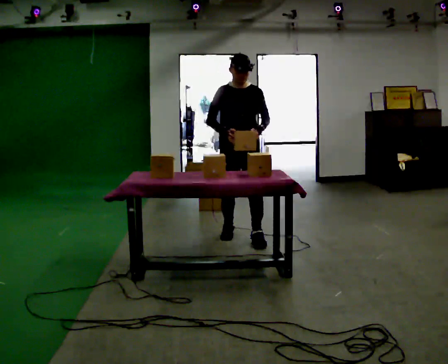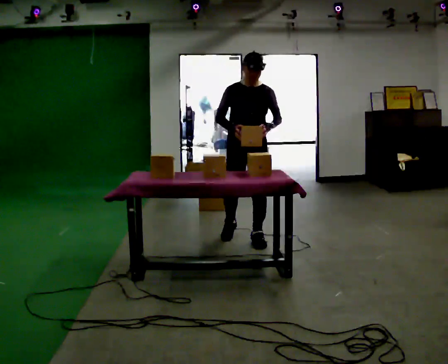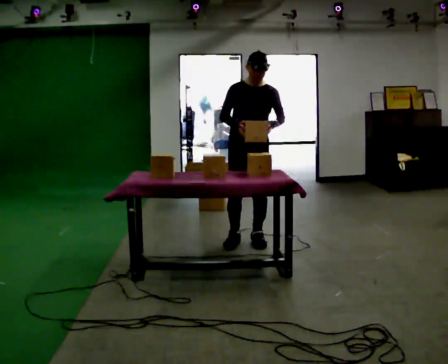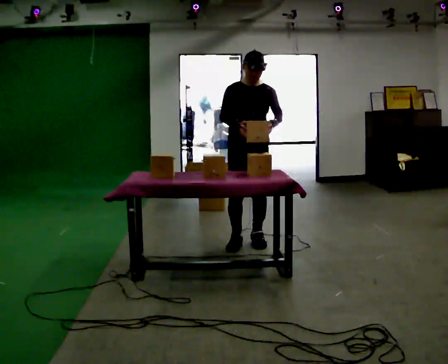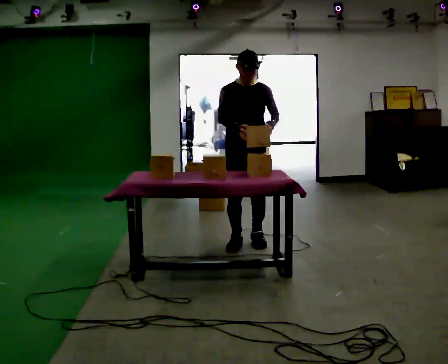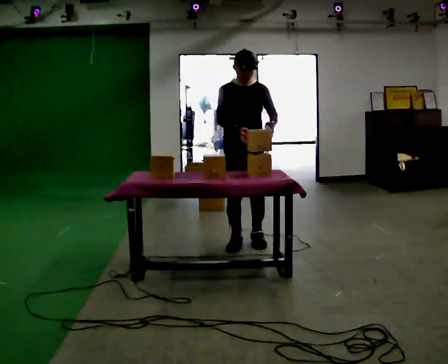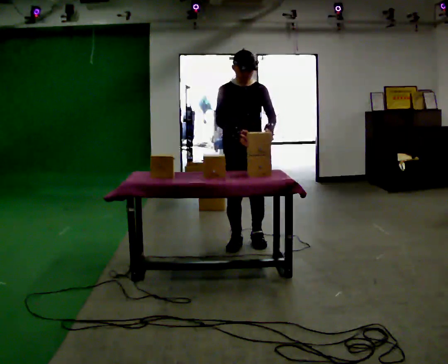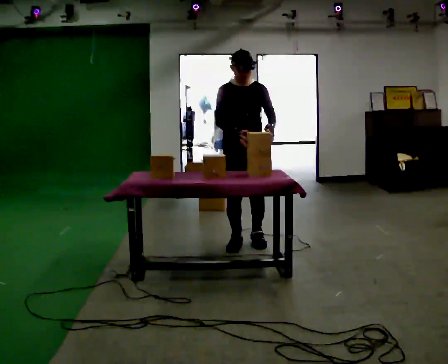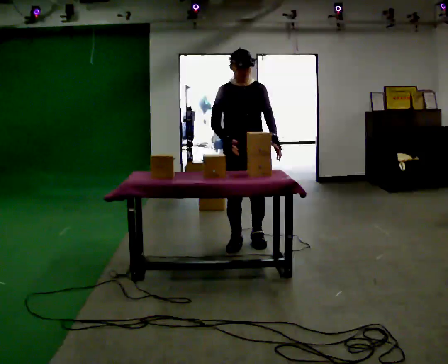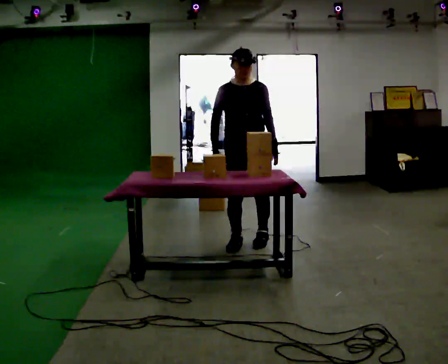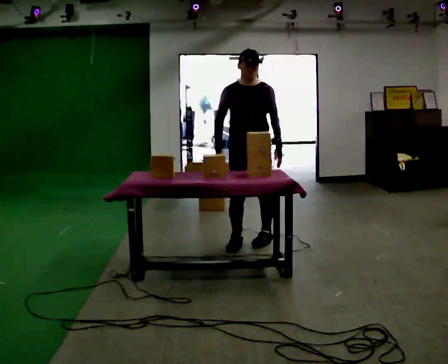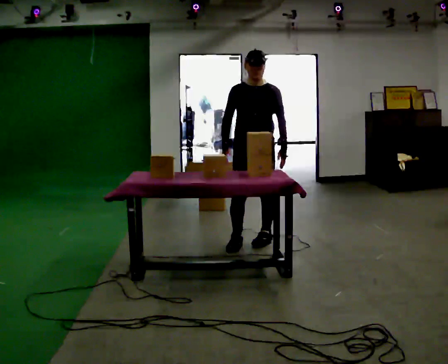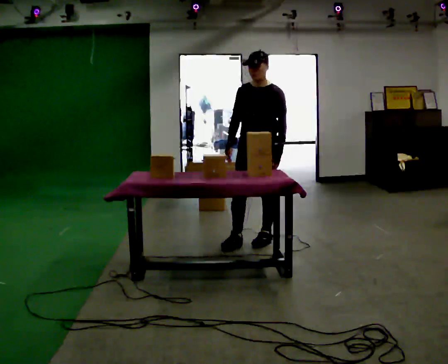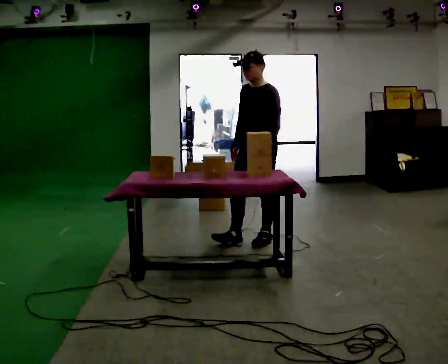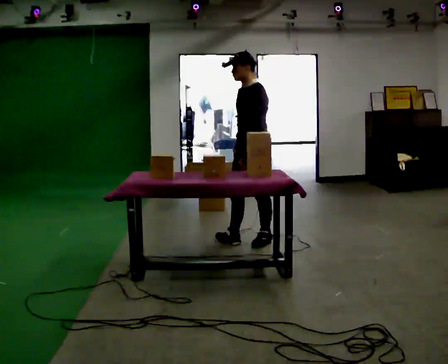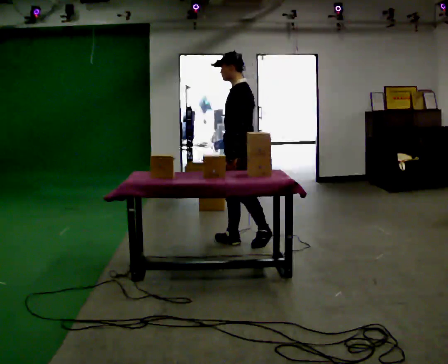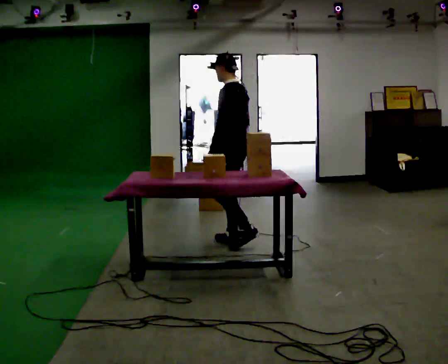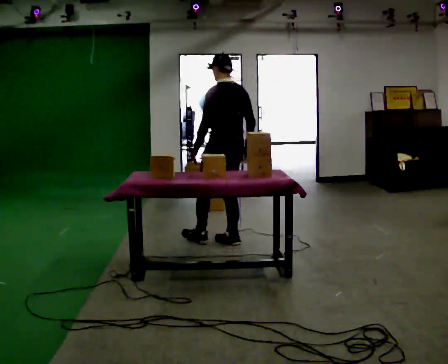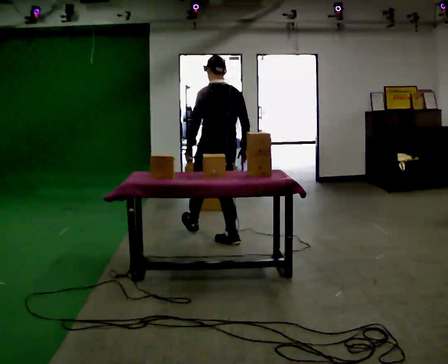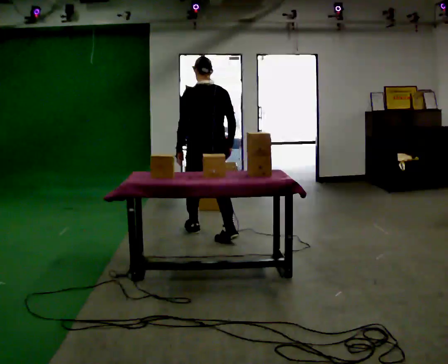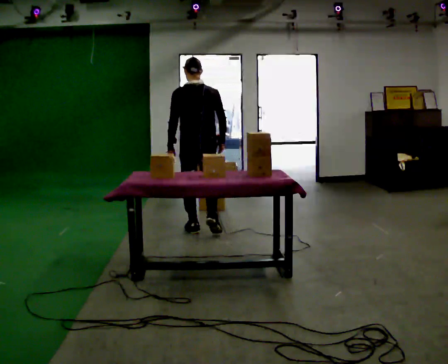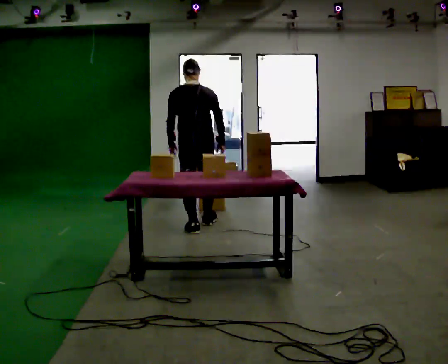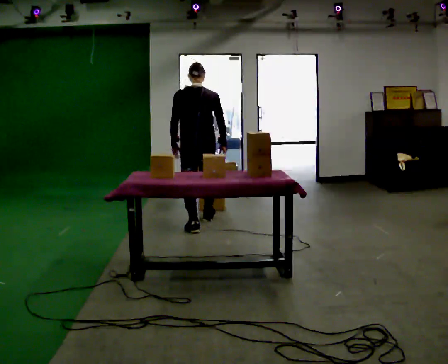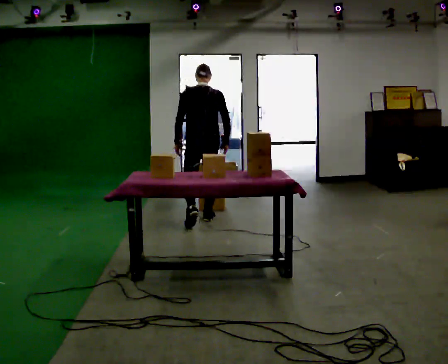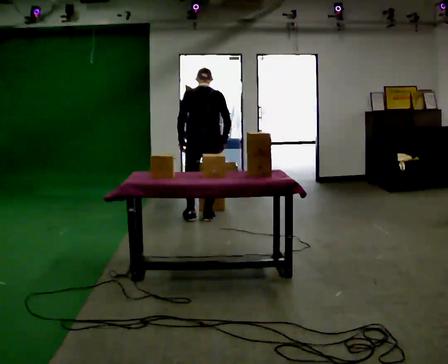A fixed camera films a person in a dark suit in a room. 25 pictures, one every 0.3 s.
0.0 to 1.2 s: In the picture they go toward the camera, about 0.25 m in 1 step, which for them is forward.
1.2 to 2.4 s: The person moves a little, or ends about where they began.
2.4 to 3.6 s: The part of the body nearest the lens slides to the left as the person turns to their right by about 45 degrees.
3.6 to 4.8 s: Seen from above the body turns clockwise, about 75 degrees: to their right, with its near side sliding to the left. In the picture they go to the left, about 0.25 m.
4.8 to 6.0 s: Seen from above the body turns clockwise, about 60 degrees: to their right, with its near side sliding to the left. In the picture they go to the left and away from the camera, about 0.5 m in 1 step, which for them is forward and to their left.
6.0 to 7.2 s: In the picture they go away from the camera, about 0.5 m in 1 step, which for them is forward. The upper body tips away from the camera, its near side rolling upward, as they bend forward.
The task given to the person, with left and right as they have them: Carry the object across the room, open the lid of the container, put the object inside, and close the lid again. Then go back for the next one. Keep going until the operator says stop; one object at a time, and do not rush between trips.
The film runs forward here.
